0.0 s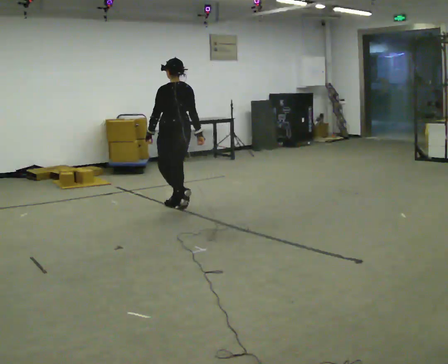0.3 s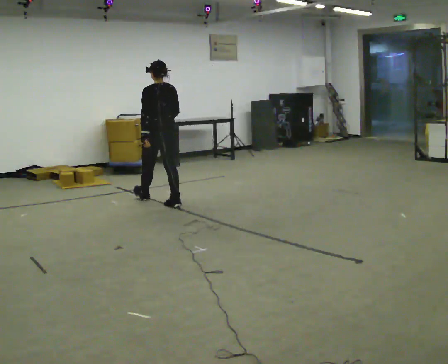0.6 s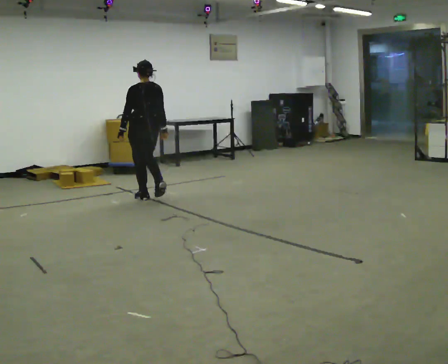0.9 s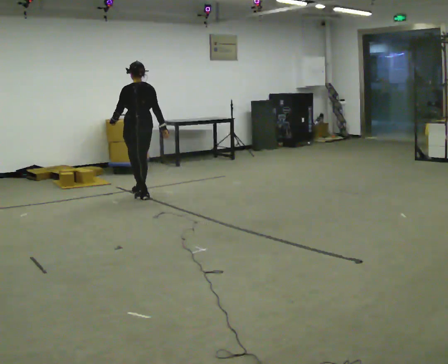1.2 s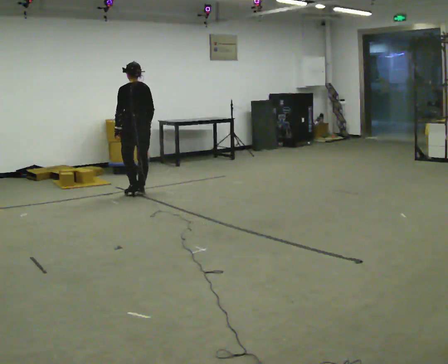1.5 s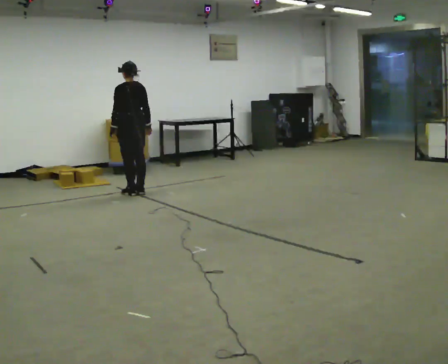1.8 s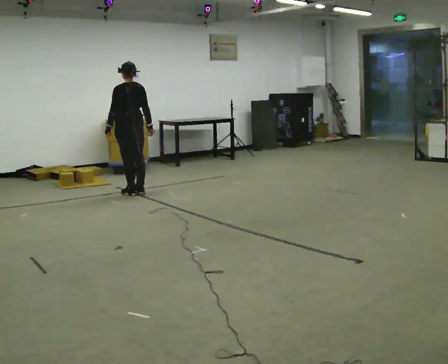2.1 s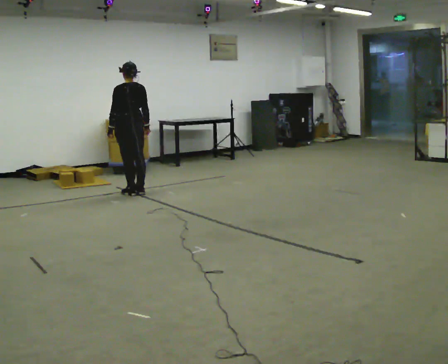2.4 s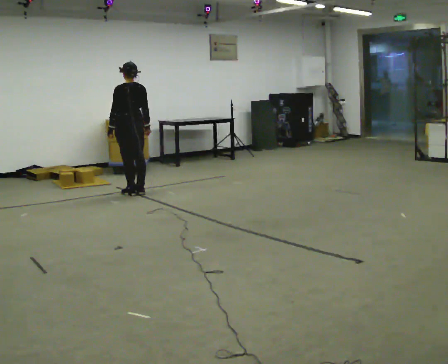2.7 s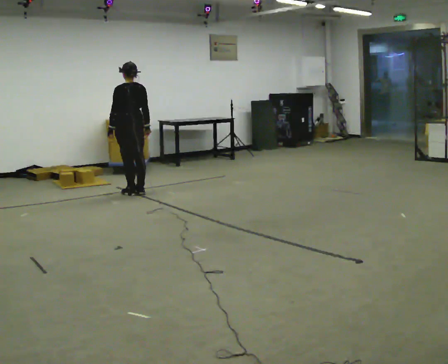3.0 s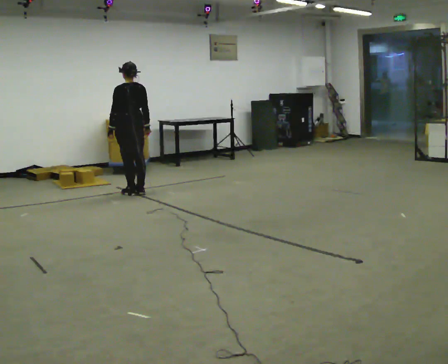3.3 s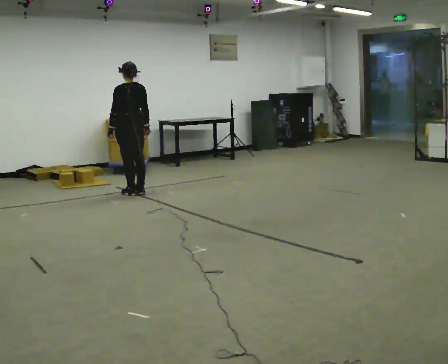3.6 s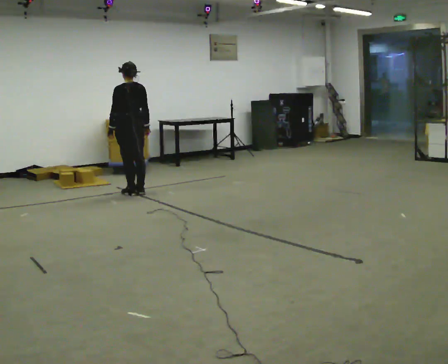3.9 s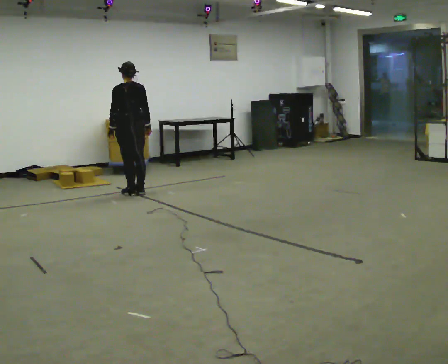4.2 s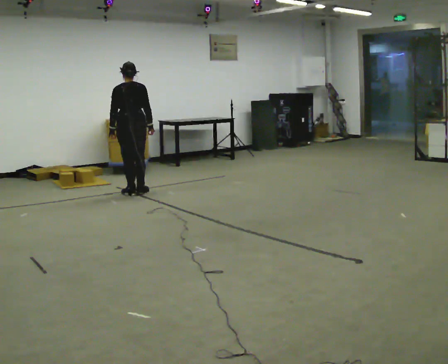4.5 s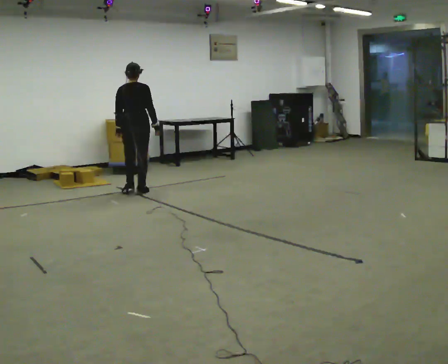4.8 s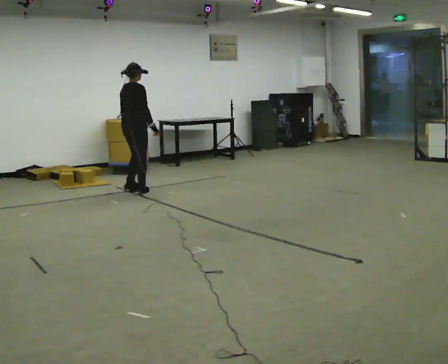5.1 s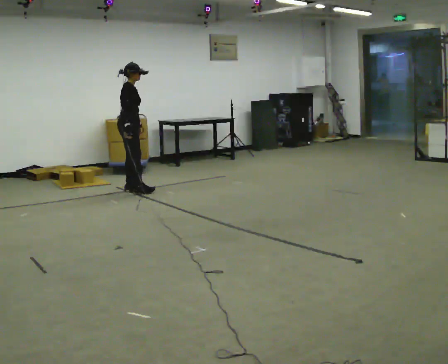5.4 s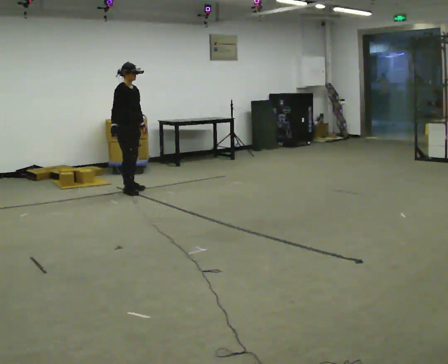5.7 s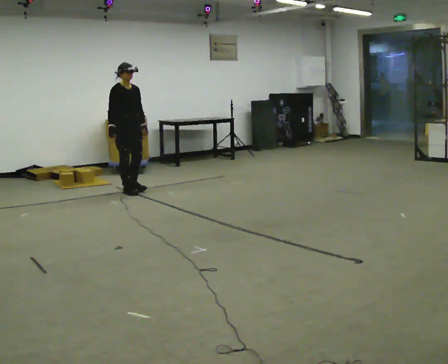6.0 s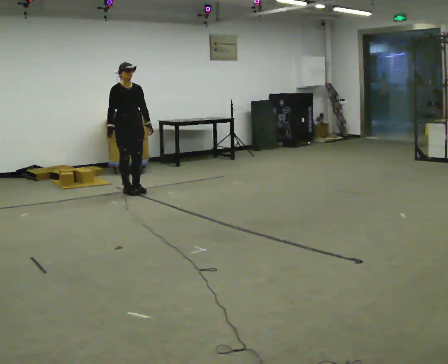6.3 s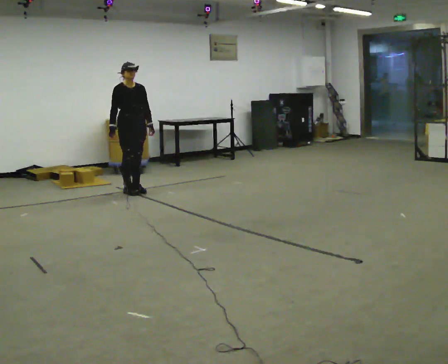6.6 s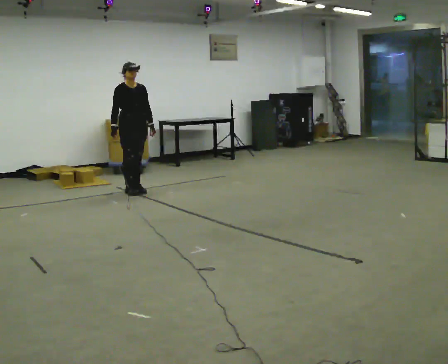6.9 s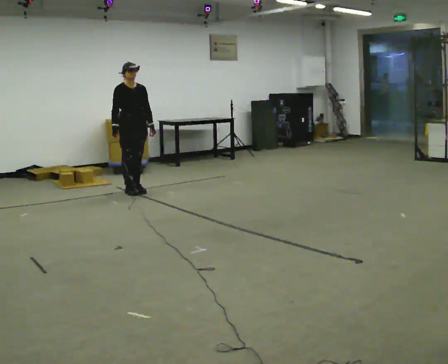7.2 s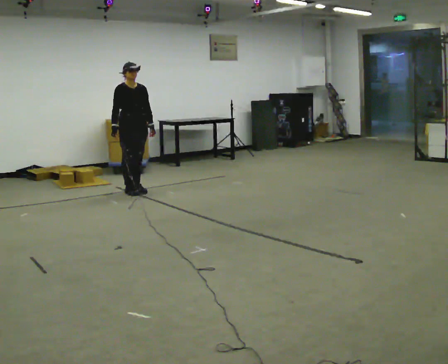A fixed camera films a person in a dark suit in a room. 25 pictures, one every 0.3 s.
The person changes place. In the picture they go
away from the camera.
The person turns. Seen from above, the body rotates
clockwise.
0.0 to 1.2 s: In the picture they go away from the camera and to the left, about 1 m in 2 steps, which for them is forward.
1.2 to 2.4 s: The person moves a little, or ends about where they began.
2.4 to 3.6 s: The person keeps their place and pose.
3.6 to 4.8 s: The part of the body nearest the lens slides to the left as the person turns to their right by about 90 degrees.
4.8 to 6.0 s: Seen from above the body turns clockwise, about 90 degrees: to their right, with its near side sliding to the left. In the picture their right hand goes to the left, the arm swinging clockwise.
6.0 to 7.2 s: The person moves a little, or ends about where they began.
The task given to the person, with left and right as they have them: Stand still 2 s; begin walking naturally; walk forward; stop.
The film runs forward here.
